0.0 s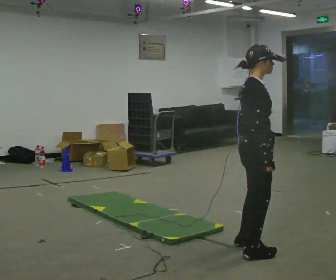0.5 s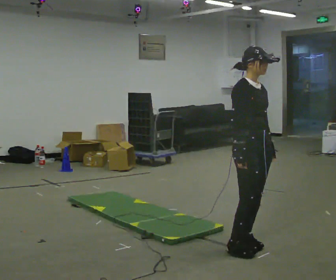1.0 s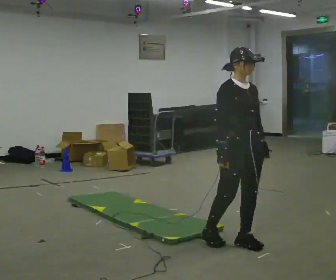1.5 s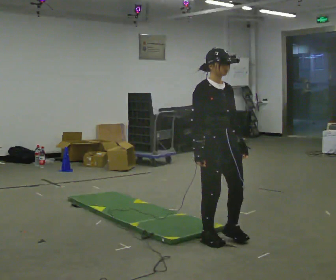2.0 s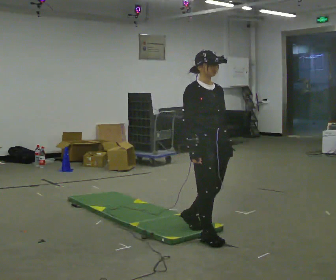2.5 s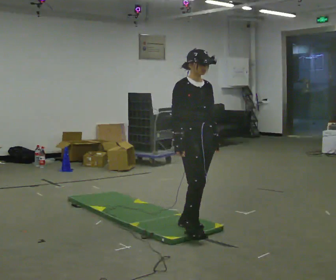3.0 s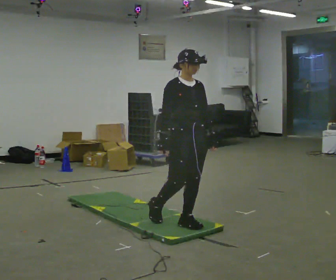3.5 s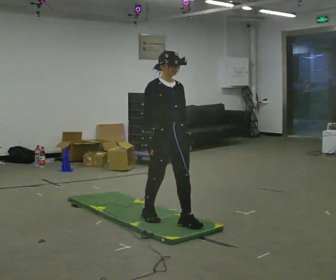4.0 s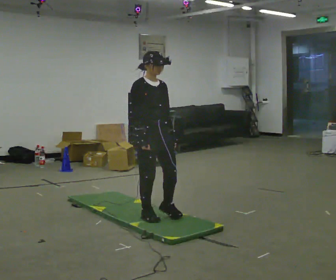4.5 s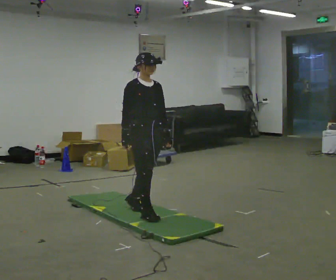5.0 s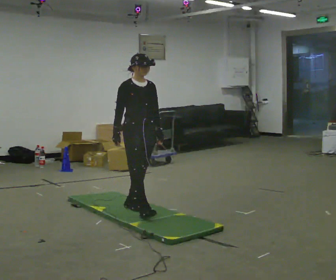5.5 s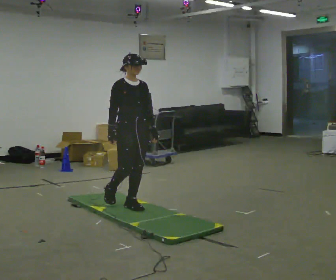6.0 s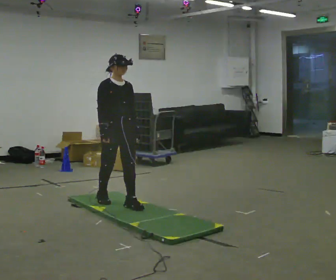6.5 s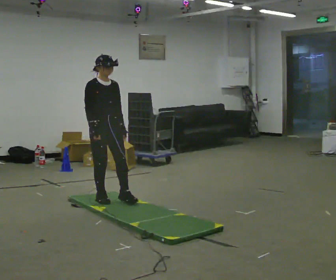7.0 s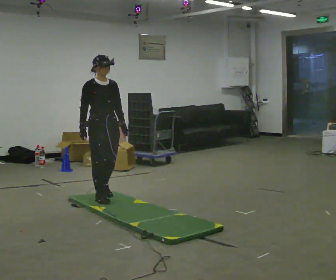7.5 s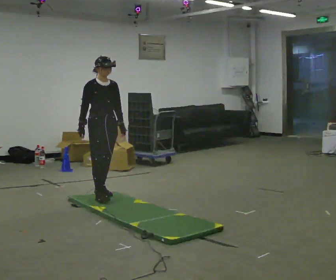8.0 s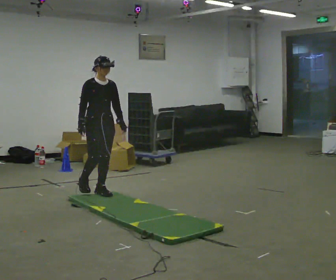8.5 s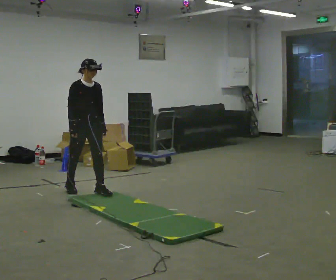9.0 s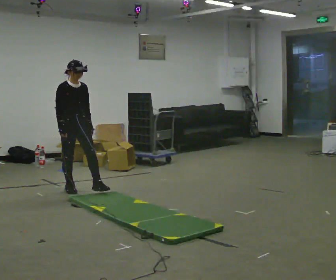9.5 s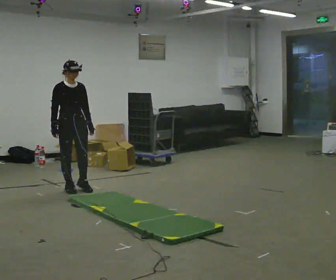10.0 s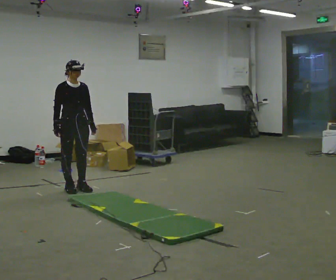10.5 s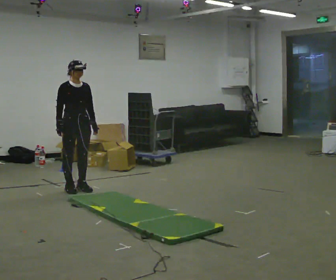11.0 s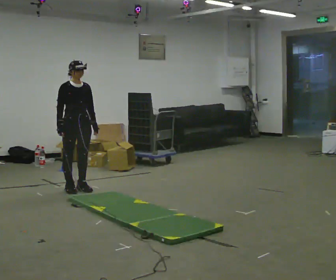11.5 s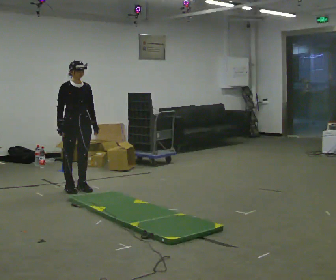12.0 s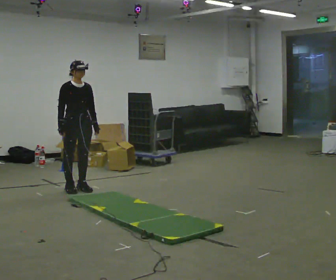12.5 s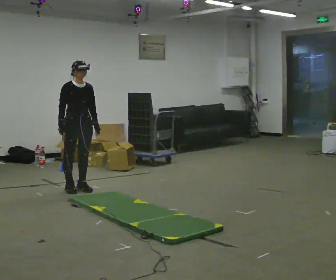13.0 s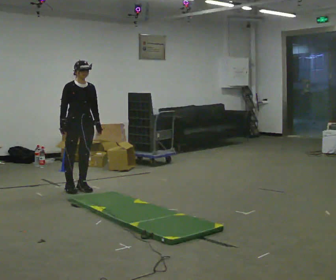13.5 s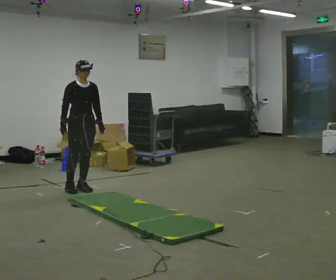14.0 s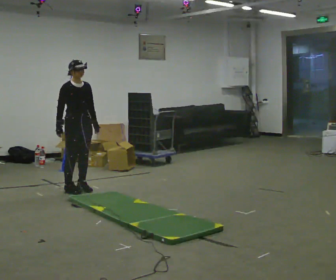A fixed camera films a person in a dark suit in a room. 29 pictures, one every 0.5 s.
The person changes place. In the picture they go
away from the camera.
0.0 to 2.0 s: Seen from above the body turns clockwise, about 45 degrees: to their right, with its near side sliding to the left. In the picture they go away from the camera and to the left, about 0.5 m in 2 steps, which for them is backward.
2.0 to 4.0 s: In the picture they go away from the camera and to the left, about 0.75 m in 2 steps, which for them is backward.
4.0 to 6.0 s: In the picture they go away from the camera and to the left, about 0.5 m in 1 step, which for them is backward.
6.0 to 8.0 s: In the picture they go away from the camera, about 0.5 m in 2 steps, which for them is backward.
8.0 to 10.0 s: In the picture they go to the left and away from the camera, about 0.5 m in 1 step, which for them is backward.
10.0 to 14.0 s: The person moves a little, or ends about where they began.
The film runs backward here.
